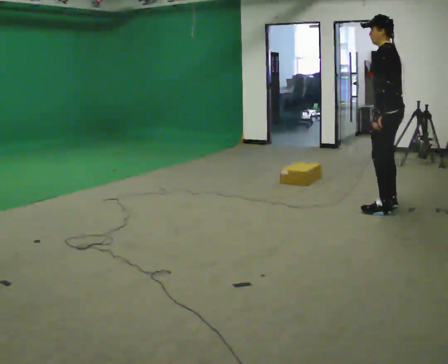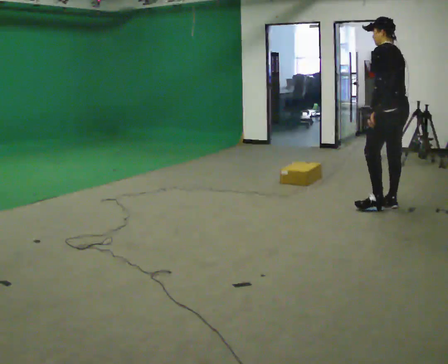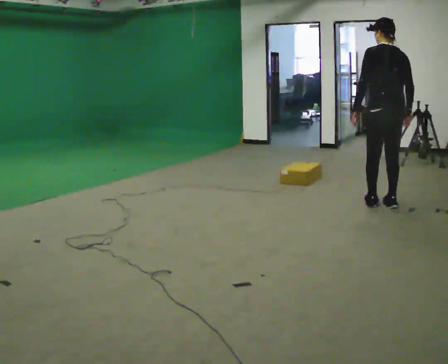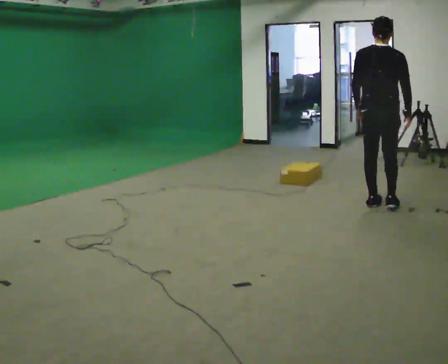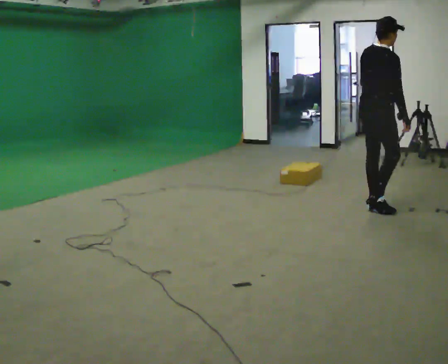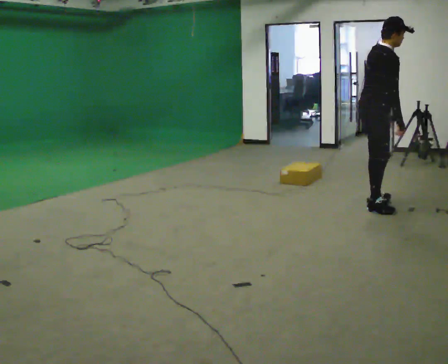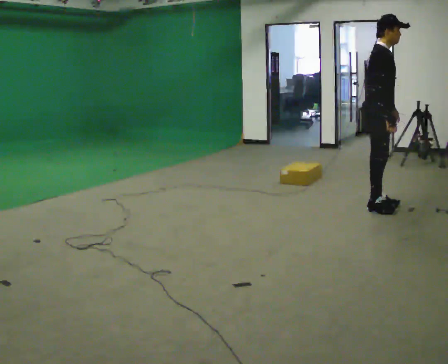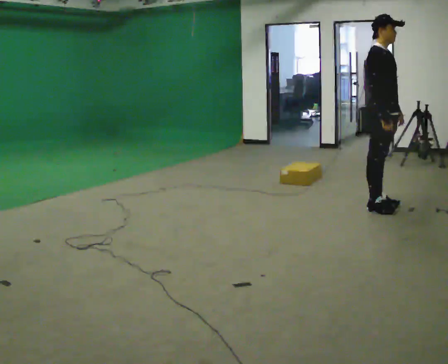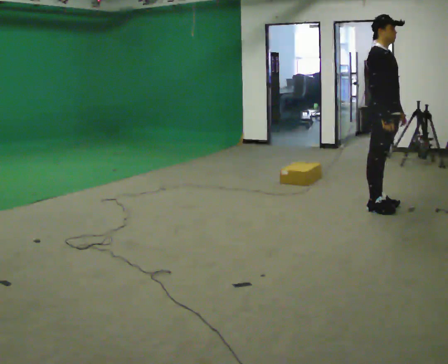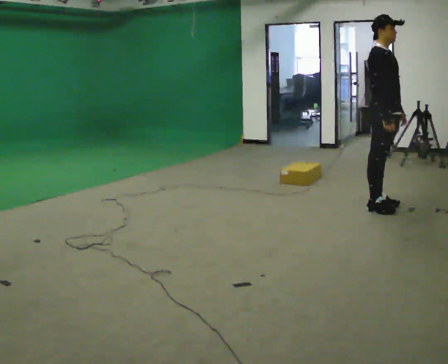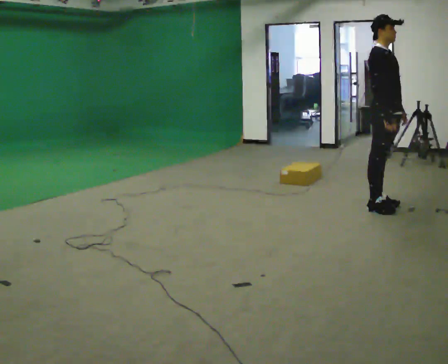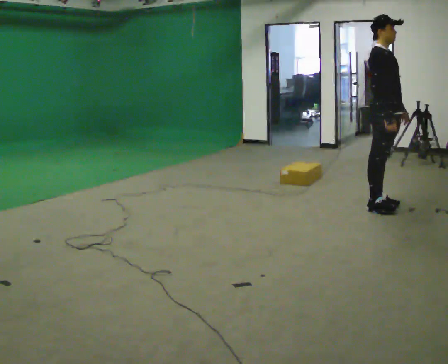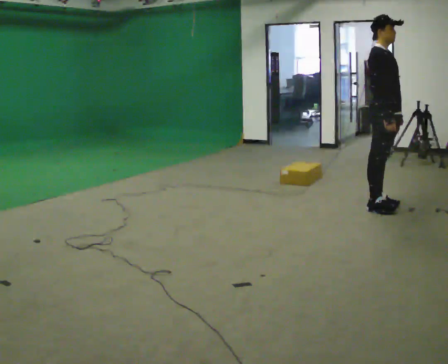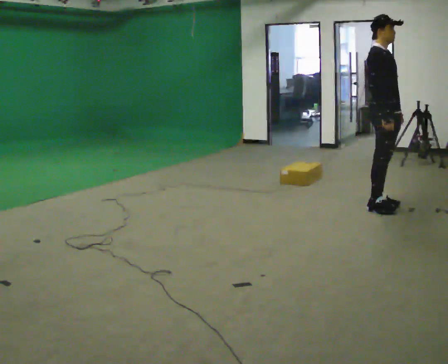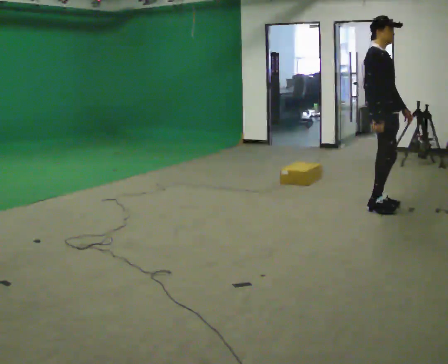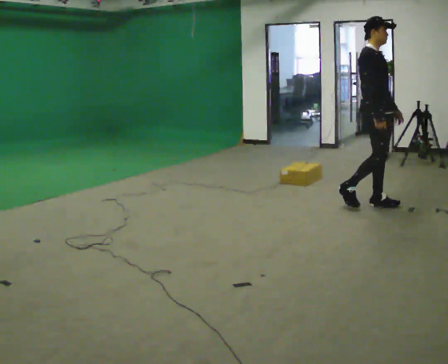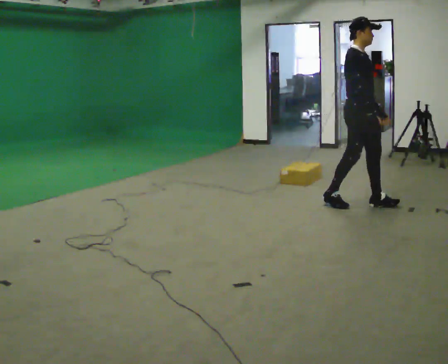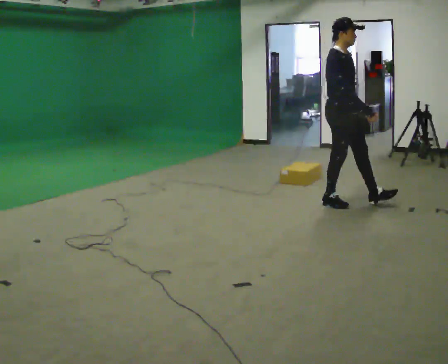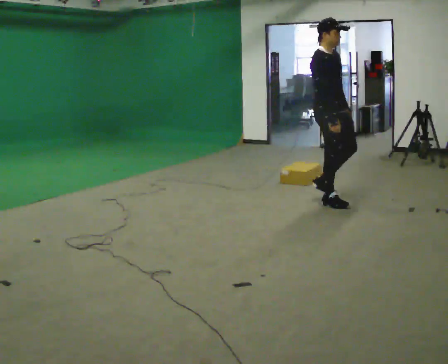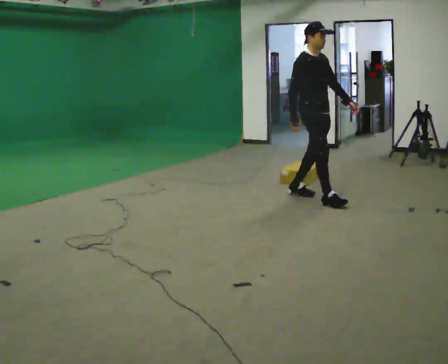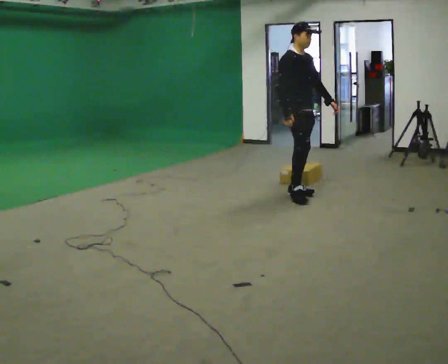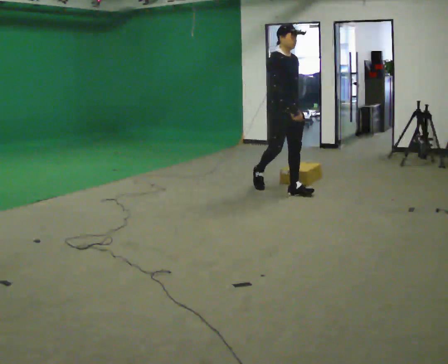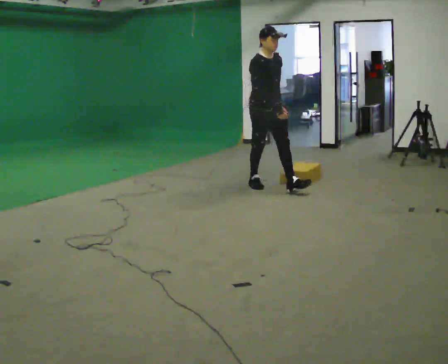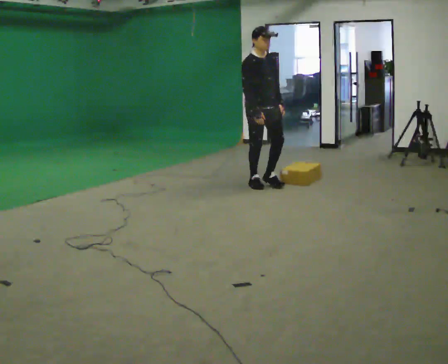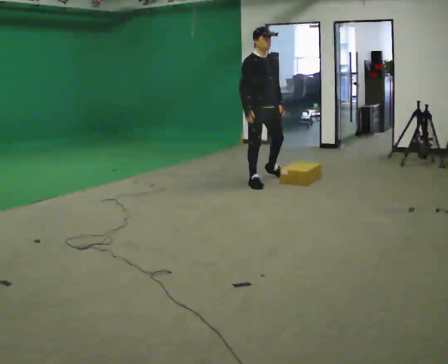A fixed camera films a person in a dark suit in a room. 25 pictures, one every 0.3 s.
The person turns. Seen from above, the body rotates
clockwise.
The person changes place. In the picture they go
to the left.
0.0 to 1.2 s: The person turns about 120 degrees to their right, clockwise seen from above, so the part of the body nearest the lens slides to the left.
1.2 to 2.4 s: The part of the body nearest the lens slides to the left as the person turns to their right by about 60 degrees.
2.4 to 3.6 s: The person moves a little, or ends about where they began.
3.6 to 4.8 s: In the picture they go to the left, about 0.25 m in 1 step, which for them is backward.
4.8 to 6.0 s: In the picture they go to the left and away from the camera, about 0.5 m in 2 steps, which for them is backward.
6.0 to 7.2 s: In the picture they go to the left and away from the camera, about 0.75 m in 1 step, which for them is backward.
The film runs backward here.
